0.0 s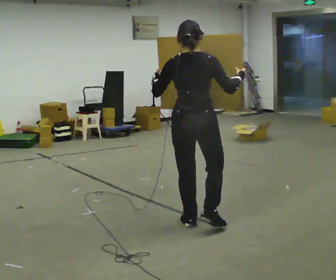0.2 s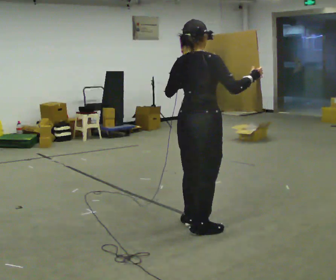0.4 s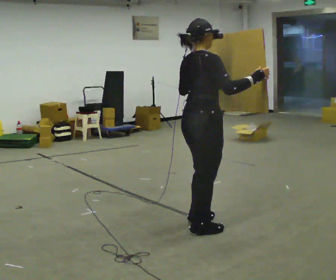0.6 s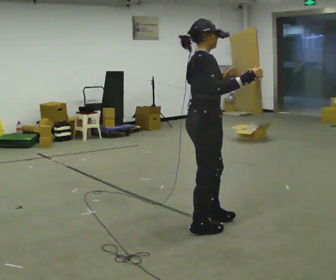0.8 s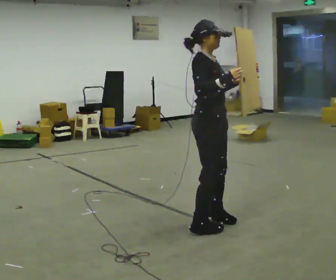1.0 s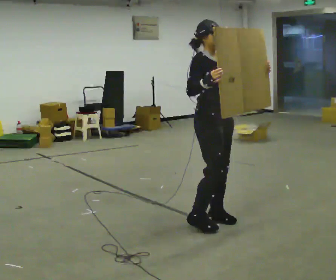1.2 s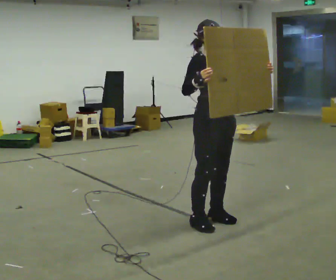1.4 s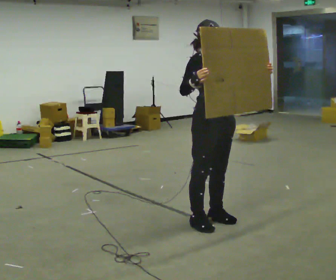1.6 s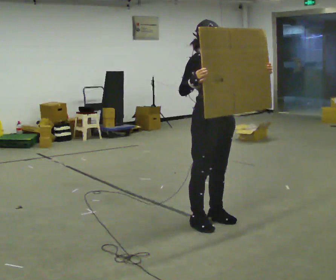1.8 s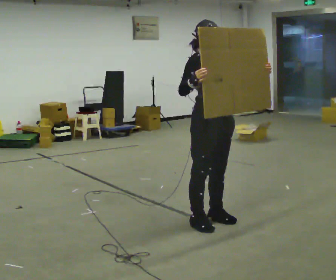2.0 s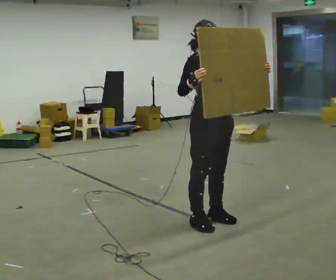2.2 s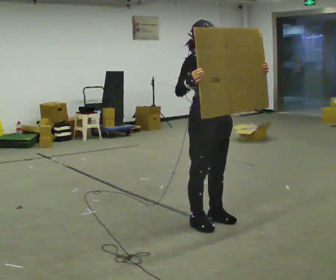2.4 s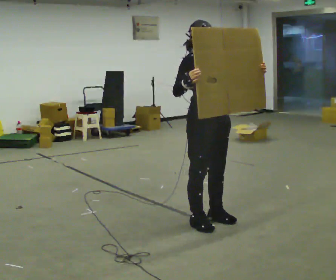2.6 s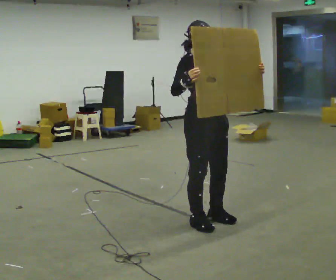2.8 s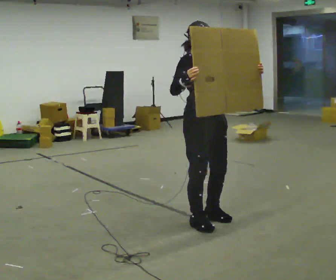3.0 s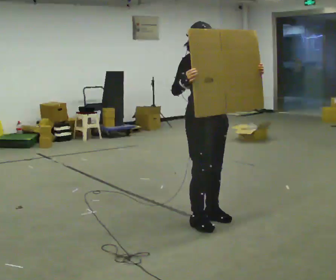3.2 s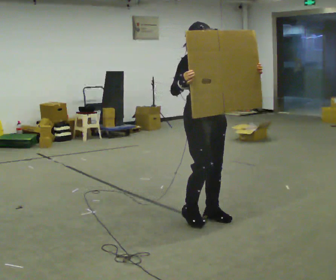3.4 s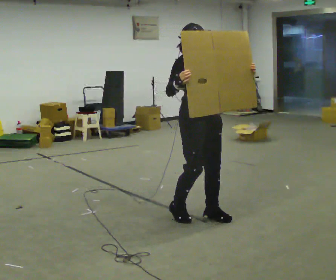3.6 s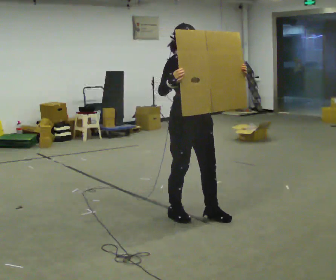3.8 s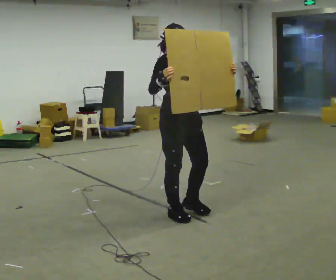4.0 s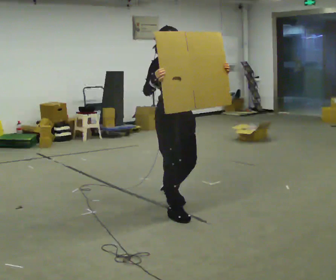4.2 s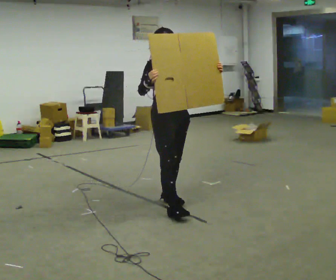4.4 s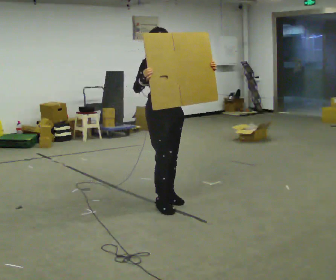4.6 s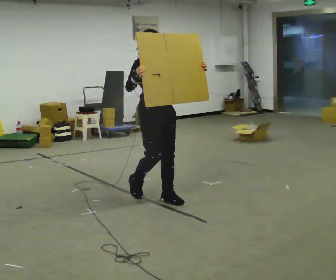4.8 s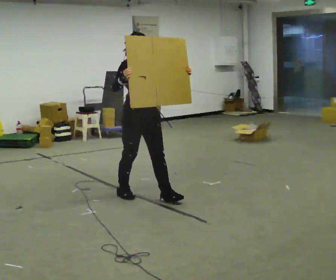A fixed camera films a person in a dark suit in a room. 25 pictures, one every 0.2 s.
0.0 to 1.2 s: The part of the body nearest the lens slides to the left as the person turns to their right by about 135 degrees.
1.2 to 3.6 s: In the picture they go to the left, about 0.25 m in 1 step, which for them is backward.
3.6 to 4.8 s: In the picture they go to the left and away from the camera, about 0.5 m in 2 steps, which for them is backward.
The film runs backward here.
